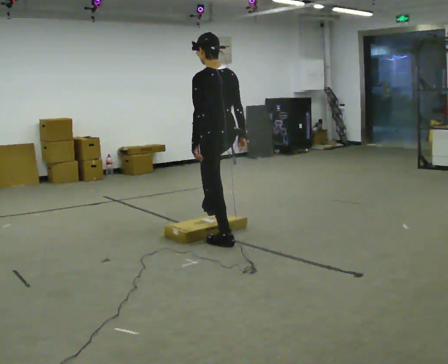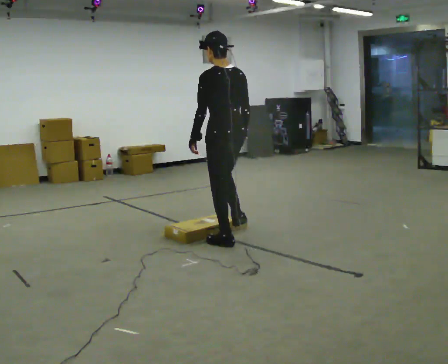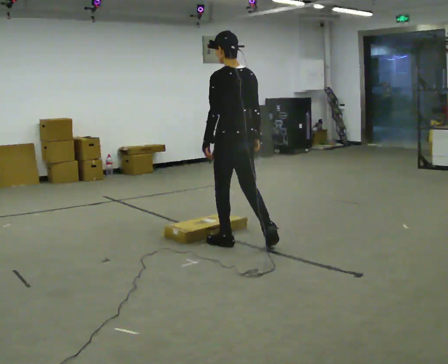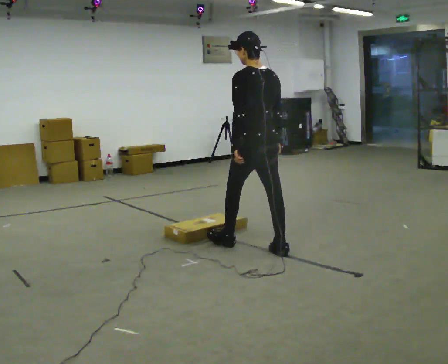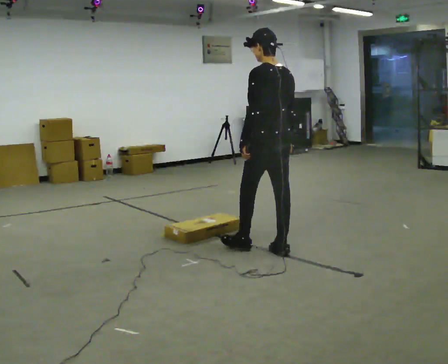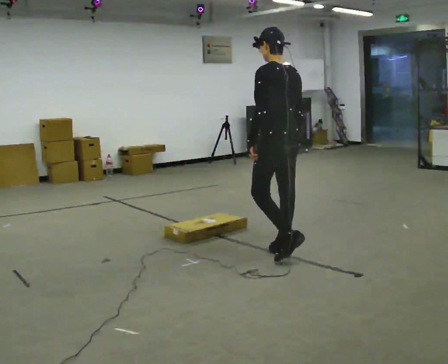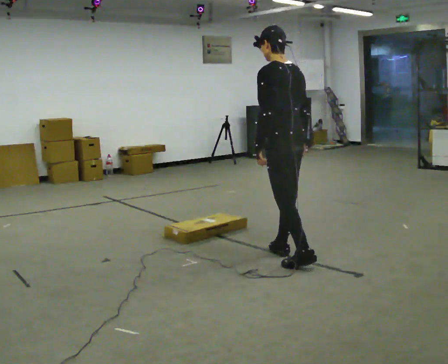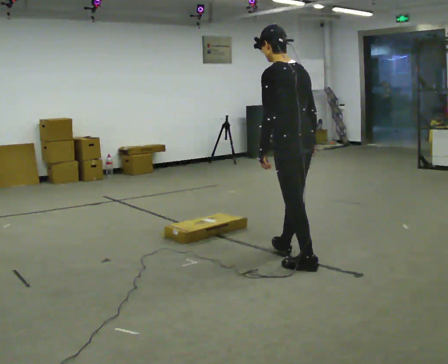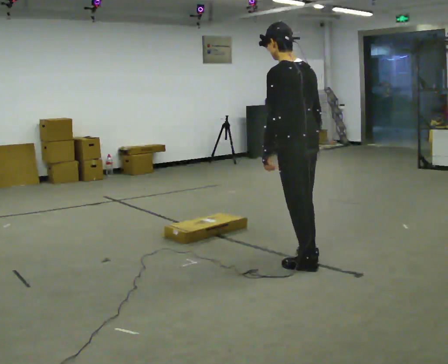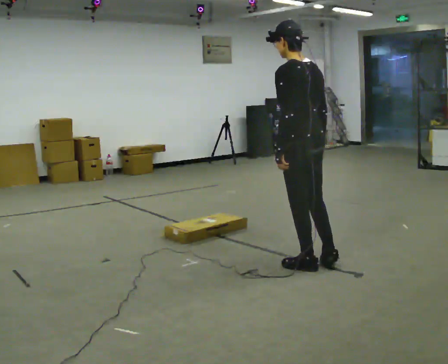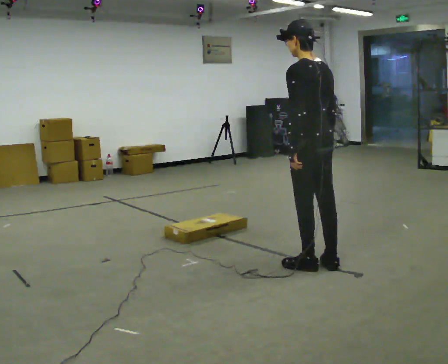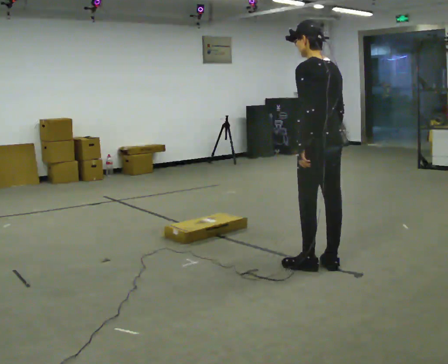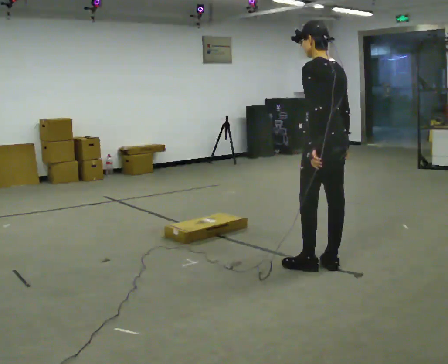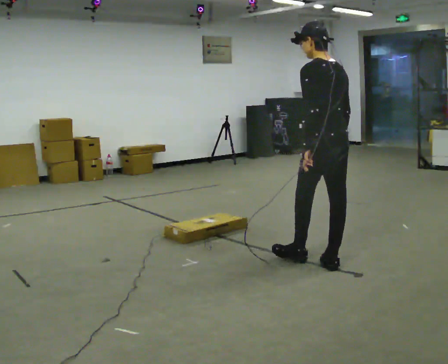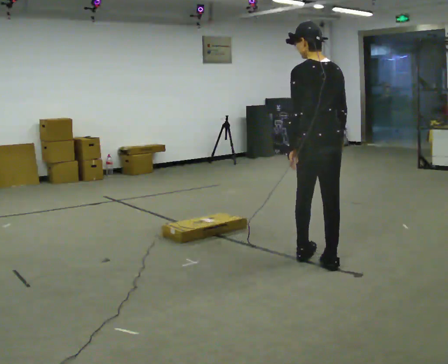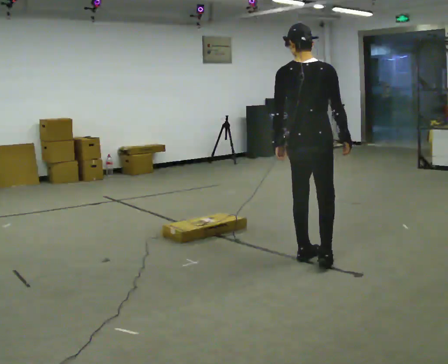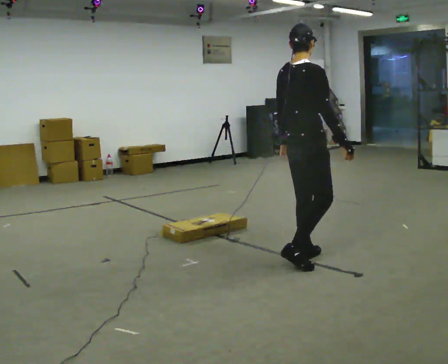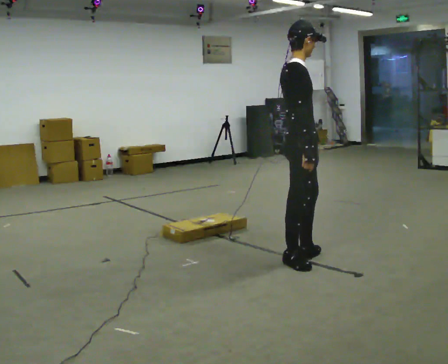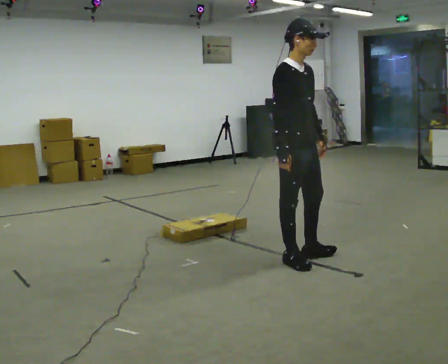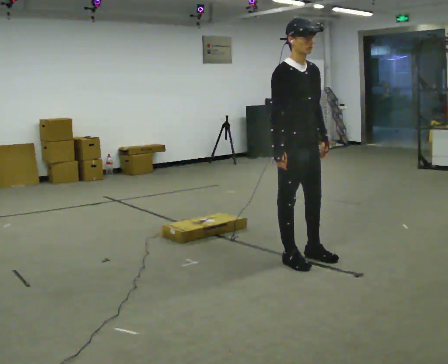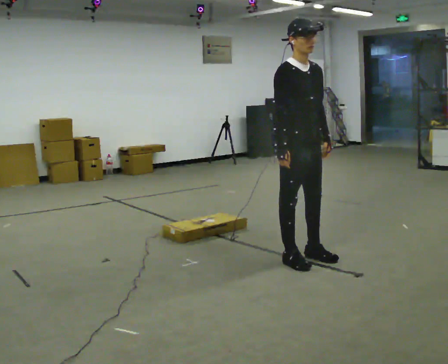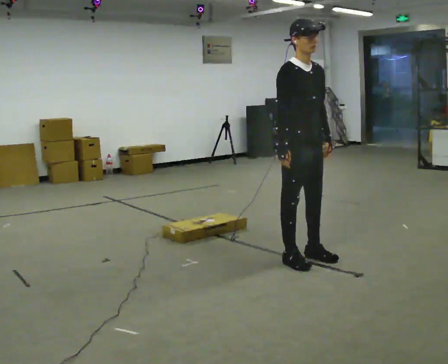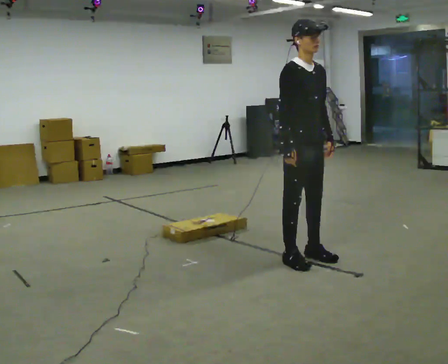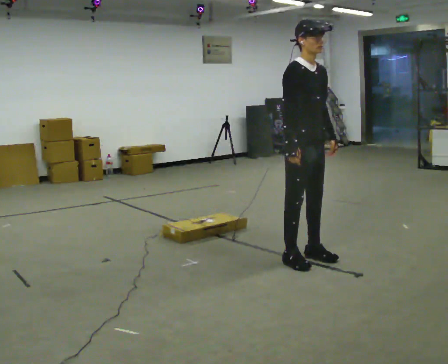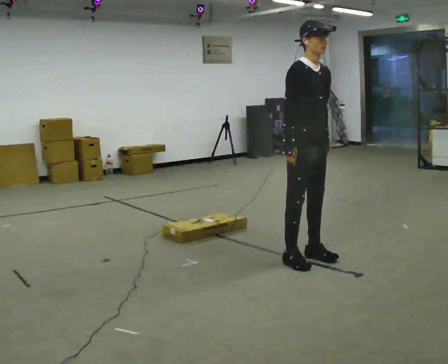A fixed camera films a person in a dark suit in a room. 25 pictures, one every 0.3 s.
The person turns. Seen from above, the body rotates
clockwise.
The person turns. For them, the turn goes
to their right.
0.0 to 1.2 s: In the picture they go to the right and toward the camera, about 0.5 m in 1 step, which for them is backward.
1.2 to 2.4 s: In the picture they go toward the camera and to the right, about 0.5 m in 1 step, which for them is backward.
2.4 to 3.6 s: In the picture they go to the right, about 0.25 m, which for them is backward and to their right.
3.6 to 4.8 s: The person turns about 90 degrees to their right, clockwise seen from above, so the part of the body nearest the lens slides to the left. In the picture they go to the left, about 0.25 m in 2 steps.
4.8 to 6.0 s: The person turns about 90 degrees to their right, clockwise seen from above, so the part of the body nearest the lens slides to the left. In the picture their right hand goes to the left, the arm swinging clockwise.
6.0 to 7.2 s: The person moves a little, or ends about where they began.
The film runs backward here.
